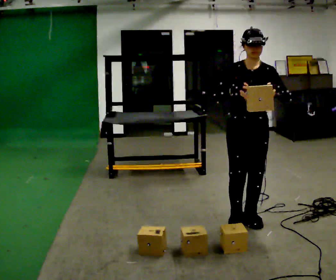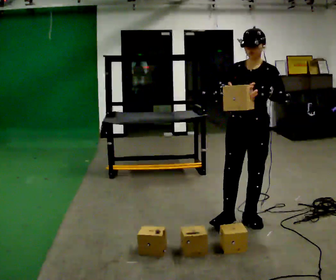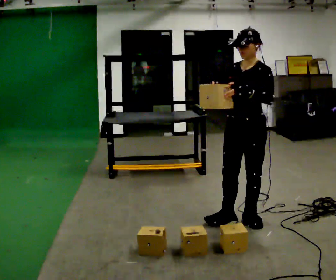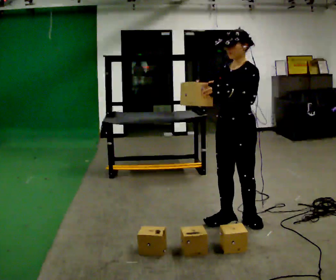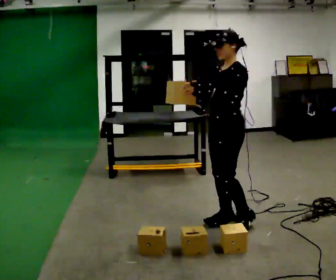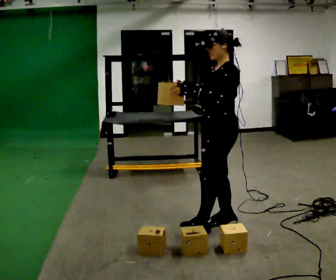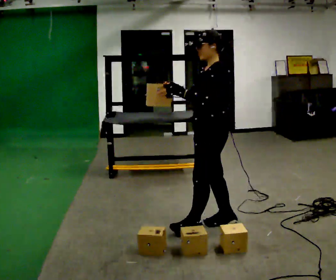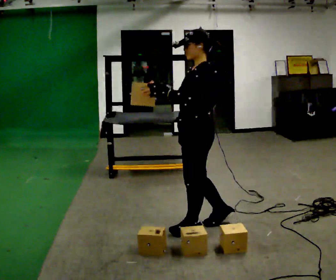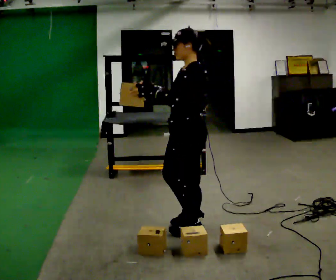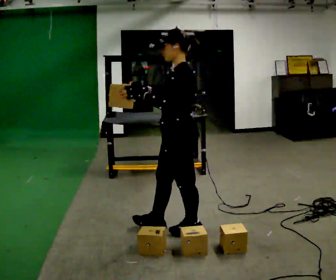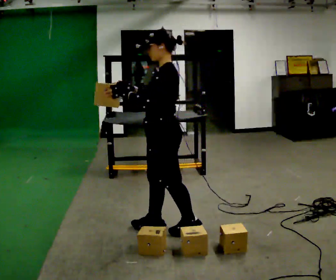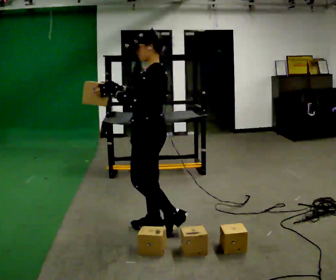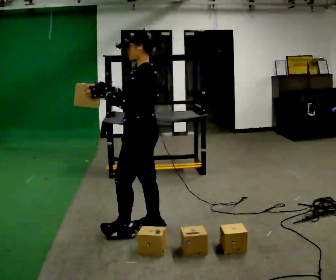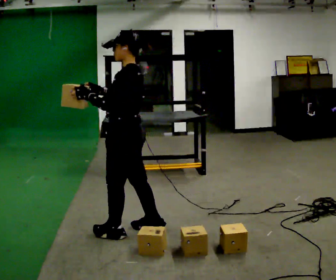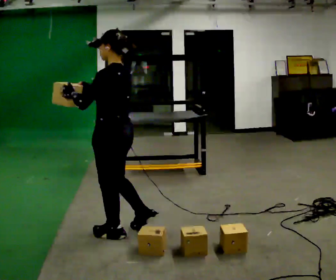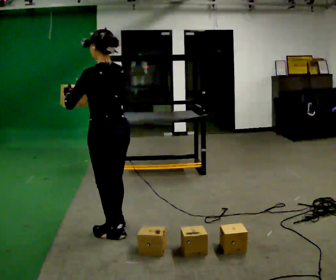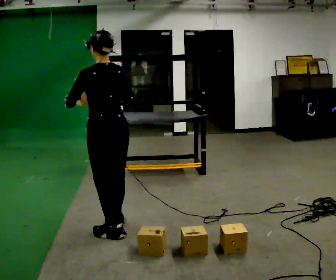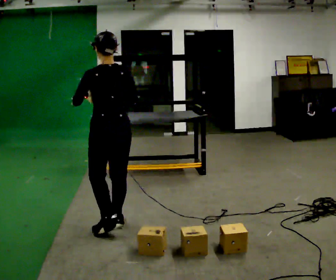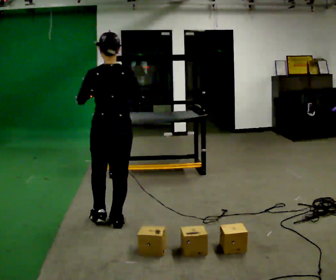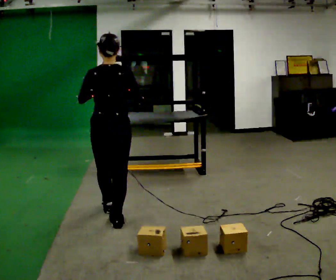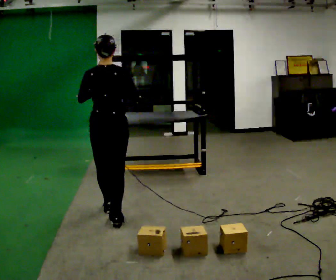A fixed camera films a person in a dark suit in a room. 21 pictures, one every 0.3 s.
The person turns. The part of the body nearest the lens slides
to the left.
The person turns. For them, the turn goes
to their right.
0.0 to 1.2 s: Seen from above the body turns clockwise, about 60 degrees: to their right, with its near side sliding to the left. In the picture they go to the left, about 0.25 m.
1.2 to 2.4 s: In the picture they go to the left, about 0.25 m in 1 step, which for them is forward.
2.4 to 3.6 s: In the picture they go to the left, about 0.25 m in 1 step, which for them is forward.
3.6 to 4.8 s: Seen from above the body turns clockwise, about 60 degrees: to their right, with its near side sliding to the left. In the picture they go to the left, about 0.25 m in 2 steps, which for them is forward and to their left.
4.8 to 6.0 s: The part of the body nearest the lens slides to the left as the person turns to their right by about 30 degrees. In the picture they go away from the camera, about 0.25 m in 1 step, which for them is forward.
The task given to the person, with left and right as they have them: Carry the box over and put it on the shelf with the label facing out towards you. Get the orientation right, not just the position. Keep going until the operator says stop; one object at a time, and do not rush between trips.
The film runs forward here.
